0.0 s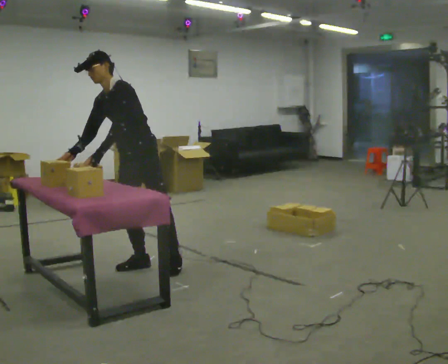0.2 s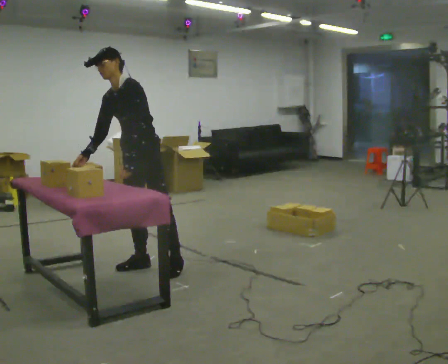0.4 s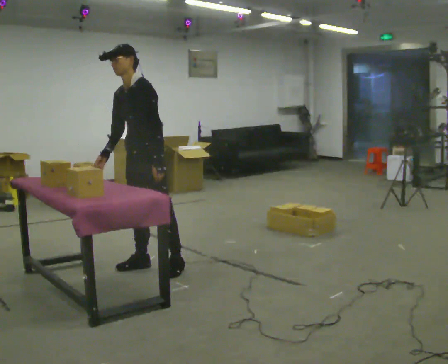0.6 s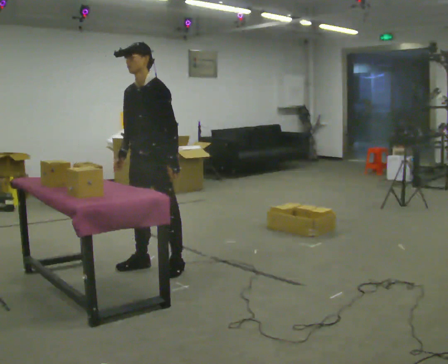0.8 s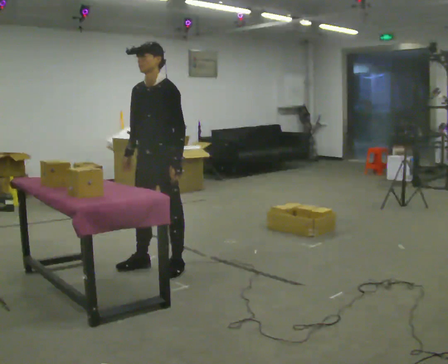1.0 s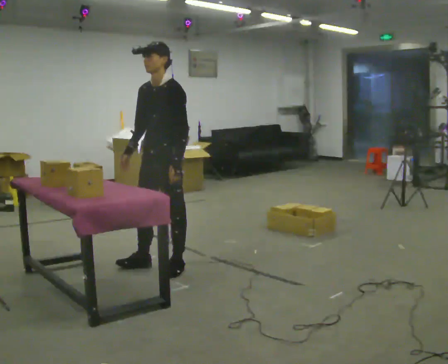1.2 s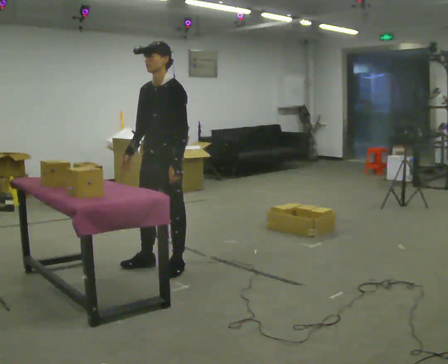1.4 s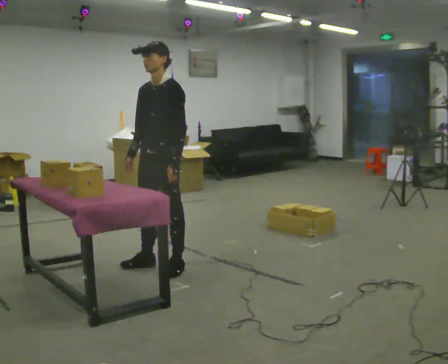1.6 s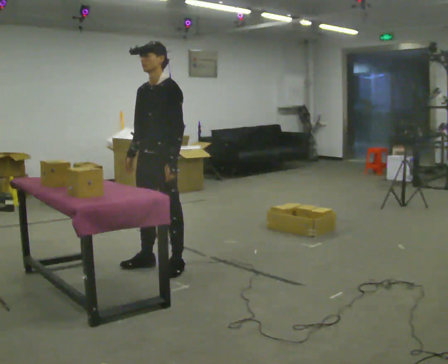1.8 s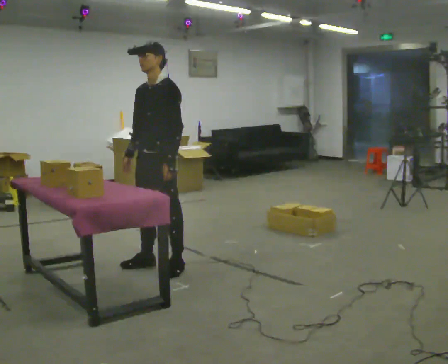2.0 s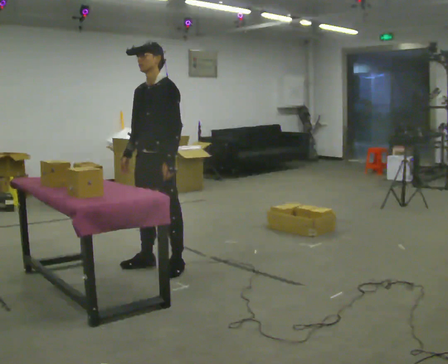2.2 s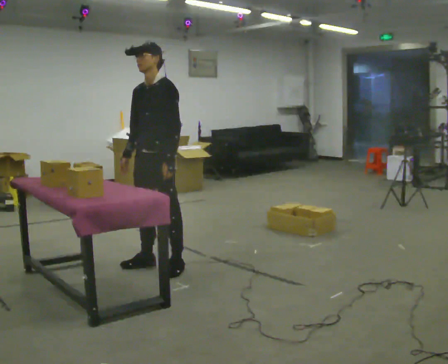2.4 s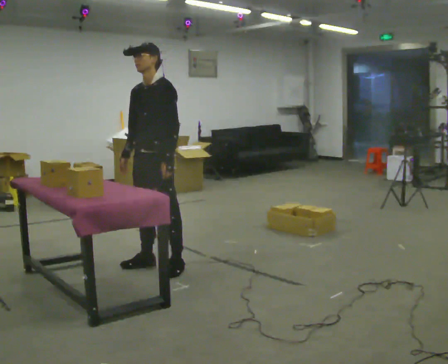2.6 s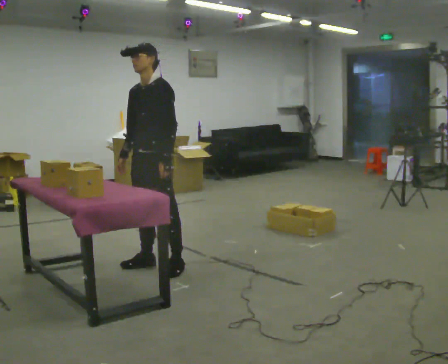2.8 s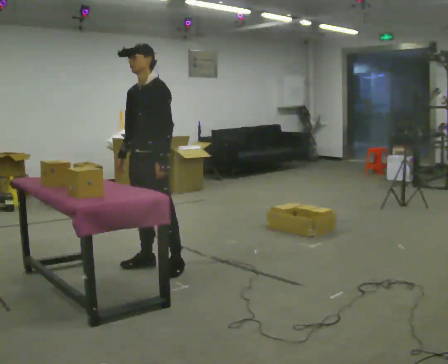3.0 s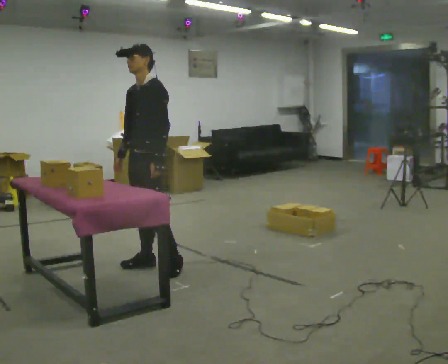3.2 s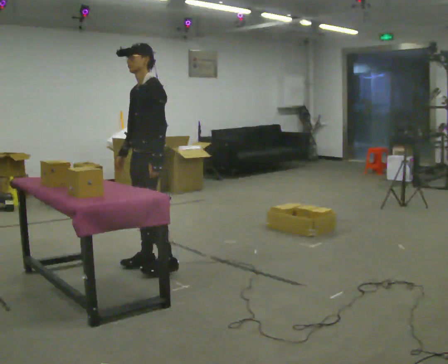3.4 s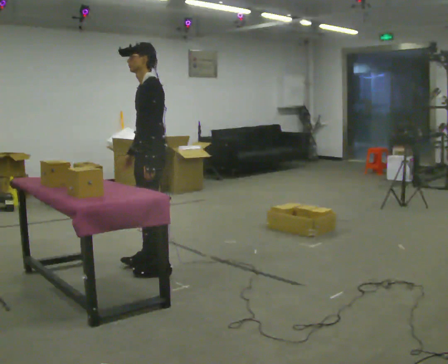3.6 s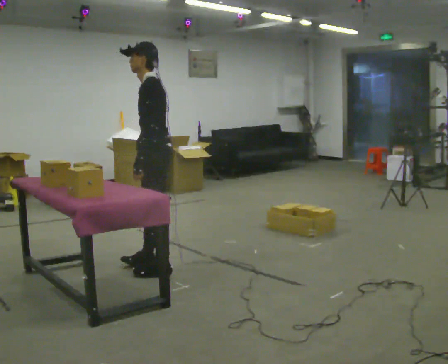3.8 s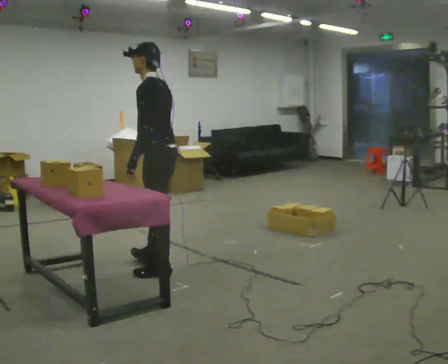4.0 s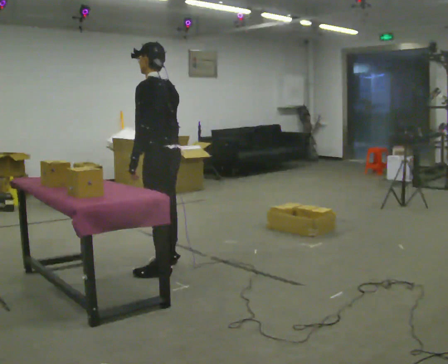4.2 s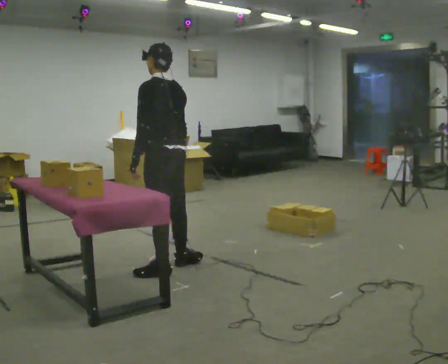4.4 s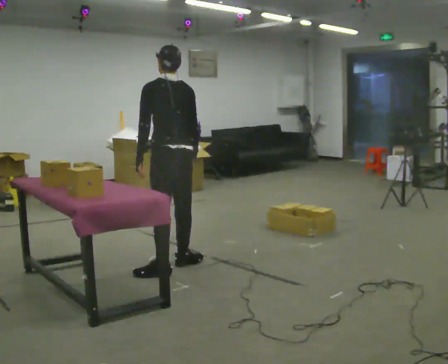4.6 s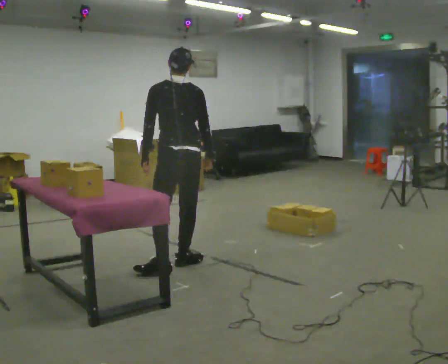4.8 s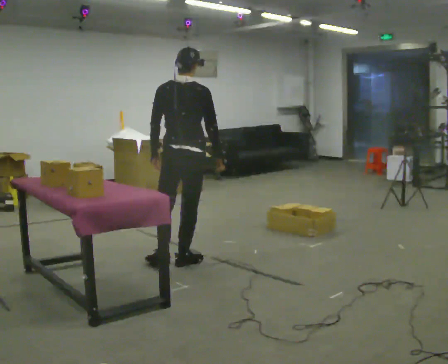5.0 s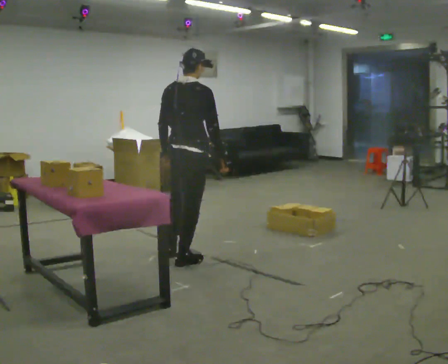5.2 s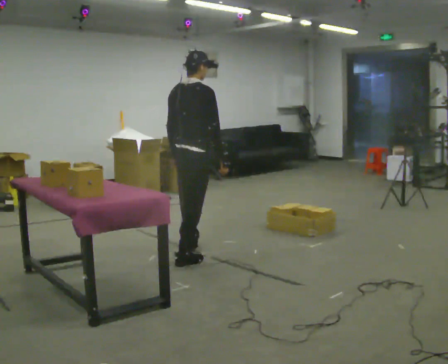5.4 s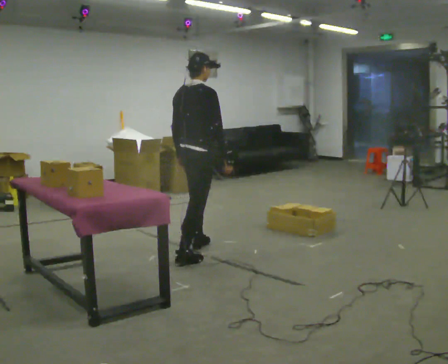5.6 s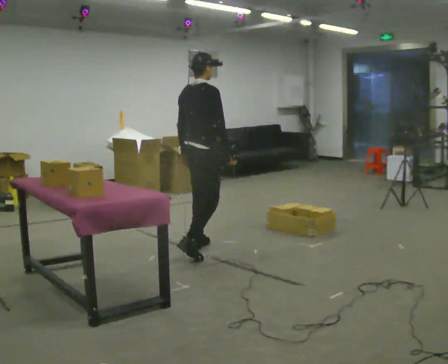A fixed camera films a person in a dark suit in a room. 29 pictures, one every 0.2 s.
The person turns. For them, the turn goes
to their right.
The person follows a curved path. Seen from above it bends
counterclockwise.
0.0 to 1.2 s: In the picture they go to the right, about 0.25 m in 1 step, which for them is to their left. In the picture the upper body tilts clockwise, shoulders to the right, as they lean back or straighten. In the picture their left hand goes to the right.
1.2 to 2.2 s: The person moves a little, or ends about where they began.
2.2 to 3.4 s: The person turns about 30 degrees to their right, clockwise seen from above, so the part of the body nearest the lens slides to the left.
3.4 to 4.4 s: The person turns about 75 degrees to their right, clockwise seen from above, so the part of the body nearest the lens slides to the left. In the picture their right hand goes to the right.
4.4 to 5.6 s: The person turns about 75 degrees to their right, clockwise seen from above, so the part of the body nearest the lens slides to the left. In the picture they go away from the camera and to the right, about 0.5 m in 1 step.
The film runs forward here.
